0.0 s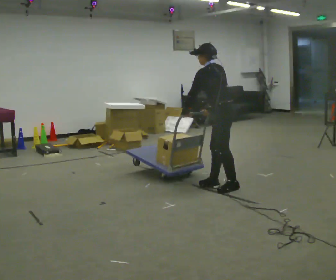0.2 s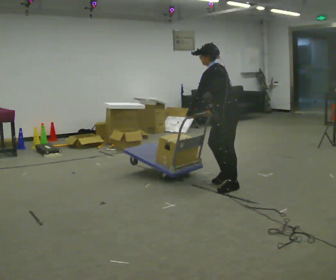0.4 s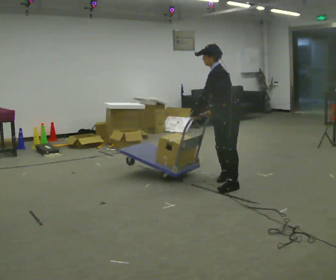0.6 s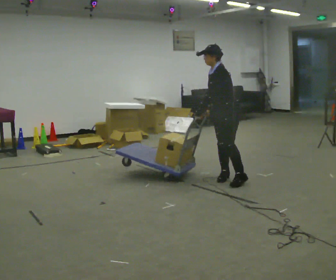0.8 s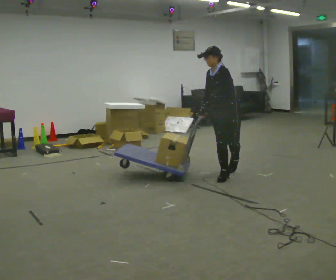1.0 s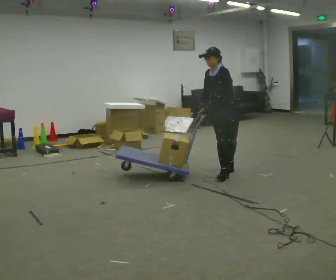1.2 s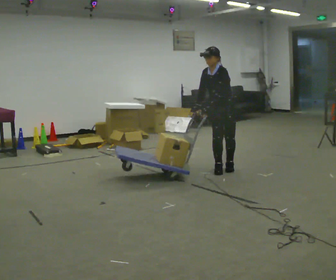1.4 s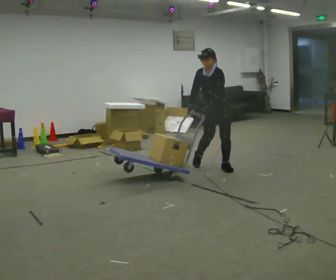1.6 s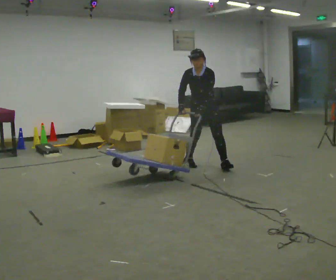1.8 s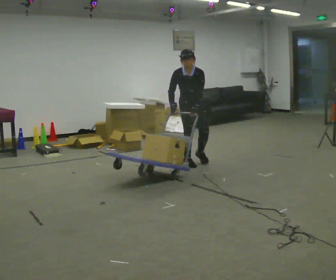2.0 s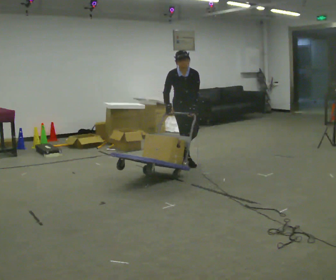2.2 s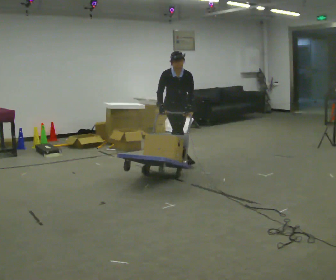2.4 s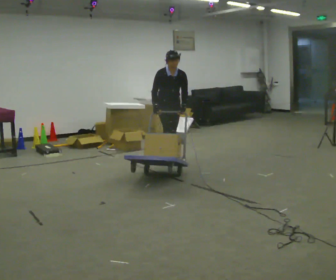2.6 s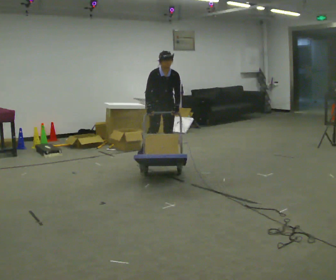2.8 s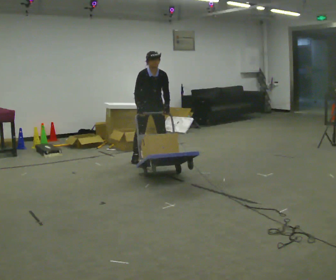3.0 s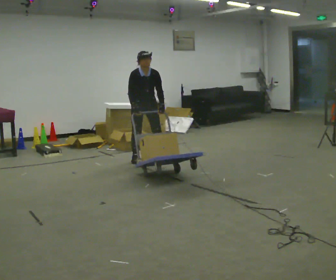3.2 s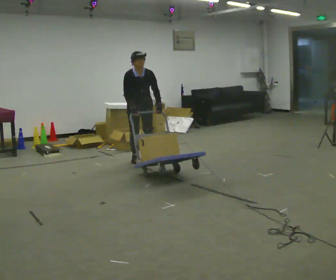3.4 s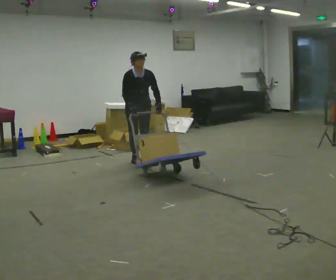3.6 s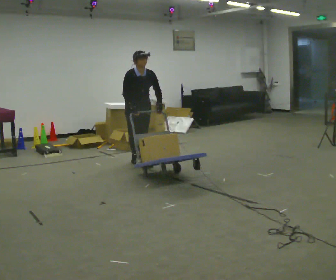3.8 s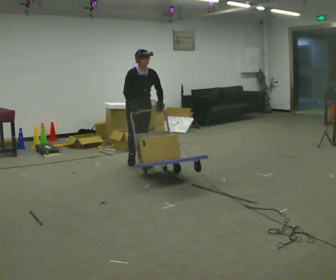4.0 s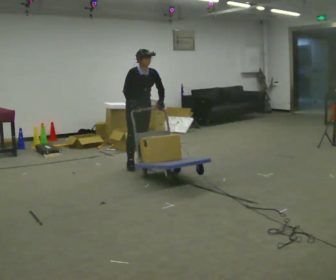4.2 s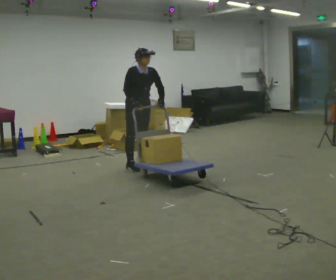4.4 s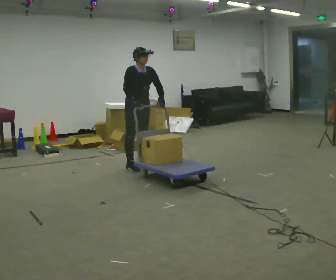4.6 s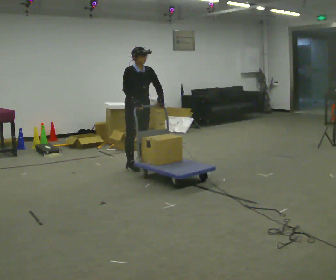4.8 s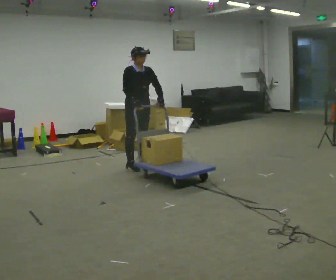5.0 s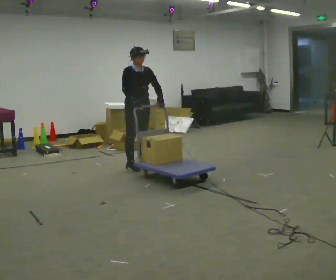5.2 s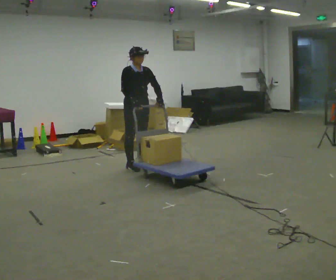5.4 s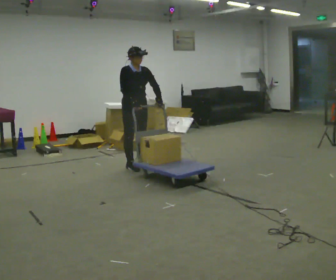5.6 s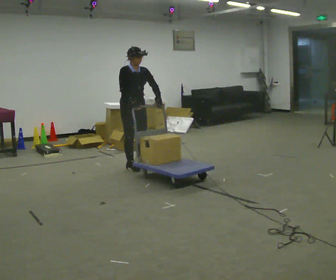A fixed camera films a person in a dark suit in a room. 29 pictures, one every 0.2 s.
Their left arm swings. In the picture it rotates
counterclockwise.
The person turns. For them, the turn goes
to their left.
0.0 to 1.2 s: The person turns about 90 degrees to their left, counterclockwise seen from above, so the part of the body nearest the lens slides to the right. In the picture they go away from the camera, about 0.5 m in 3 steps. The upper body tips toward the camera, its near side rolling downward.
1.2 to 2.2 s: The part of the body nearest the lens slides to the right as the person turns to their left by about 60 degrees. In the picture they go to the left and away from the camera, about 1 m in 1 step, which for them is to their right and backward. In the picture the upper body tilts clockwise, shoulders to the right.
2.2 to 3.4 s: In the picture they go to the left, about 0.5 m in 2 steps, which for them is to their right and backward.
3.4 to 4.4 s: In the picture they go toward the camera, about 0.25 m in 1 step, which for them is forward.
4.4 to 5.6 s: The person moves a little, or ends about where they began.
The film runs backward here.
